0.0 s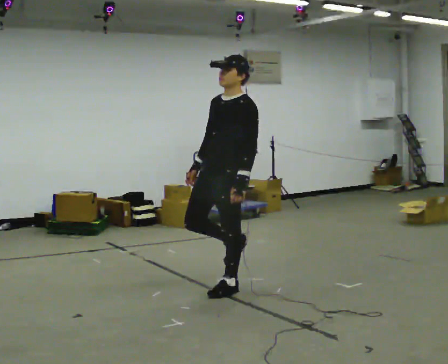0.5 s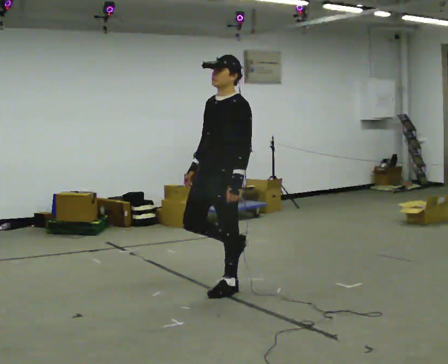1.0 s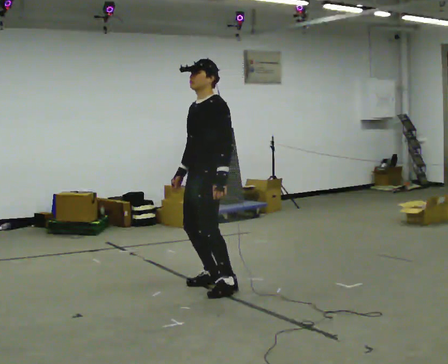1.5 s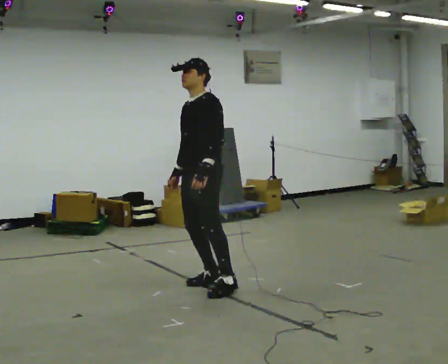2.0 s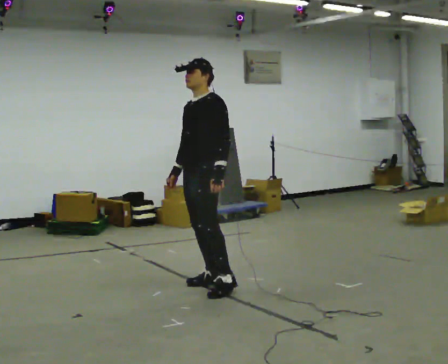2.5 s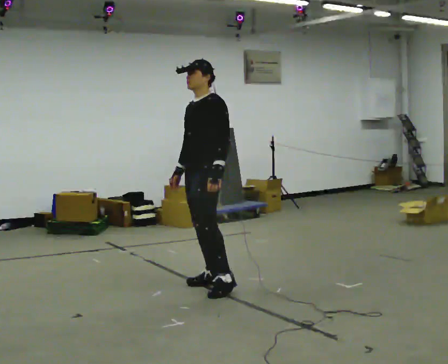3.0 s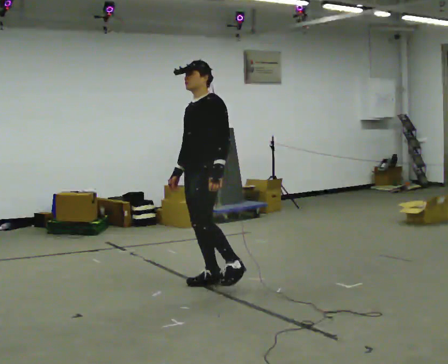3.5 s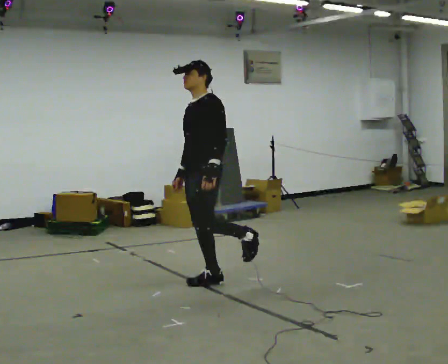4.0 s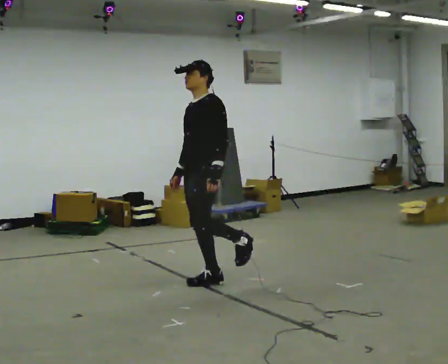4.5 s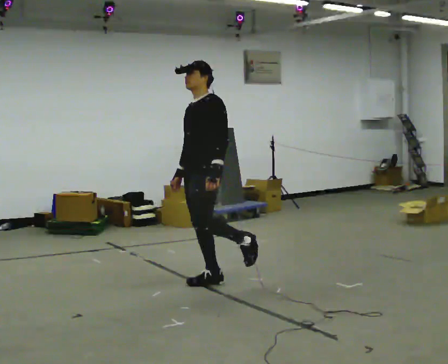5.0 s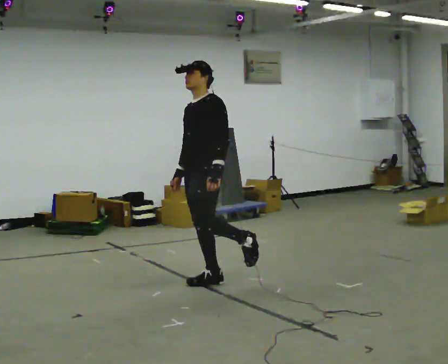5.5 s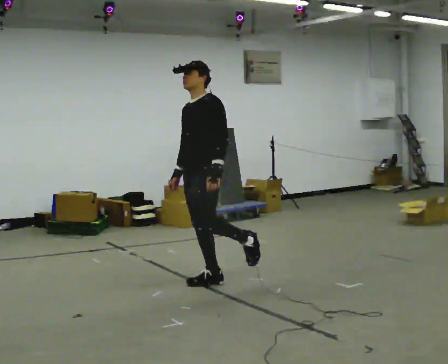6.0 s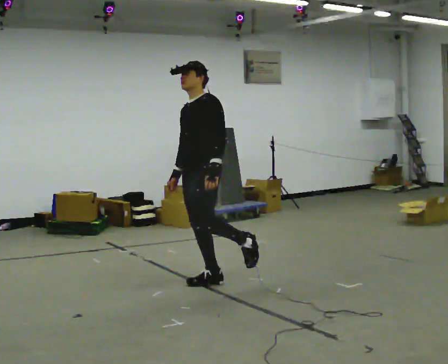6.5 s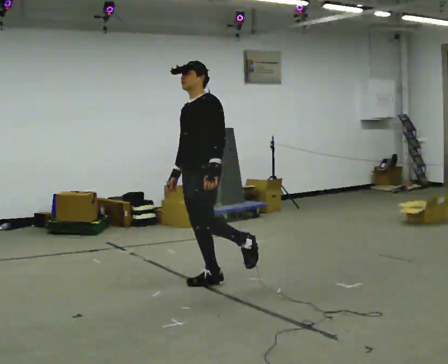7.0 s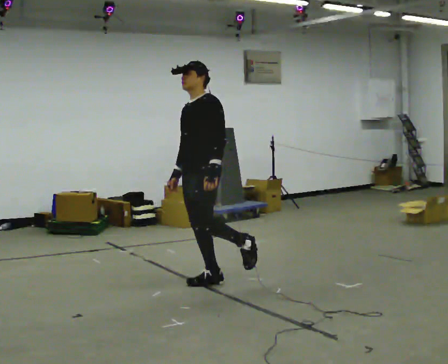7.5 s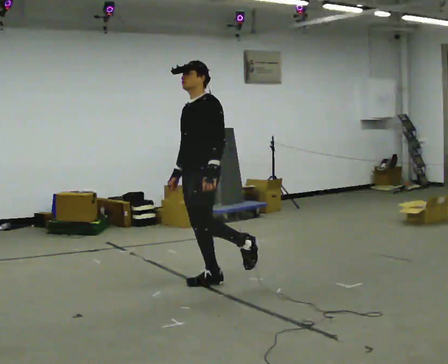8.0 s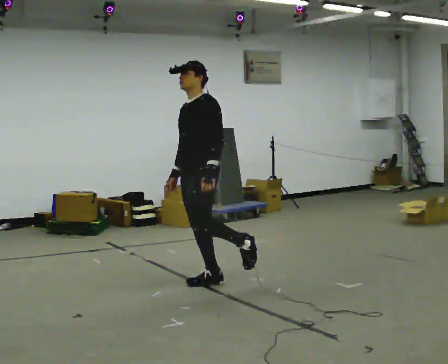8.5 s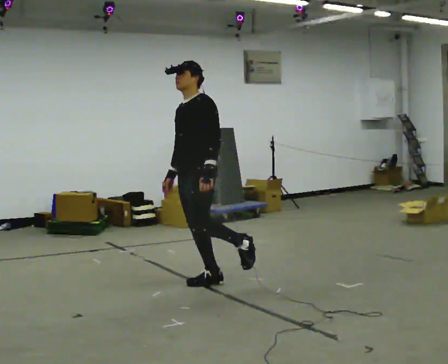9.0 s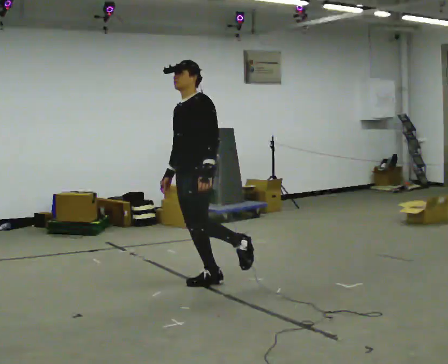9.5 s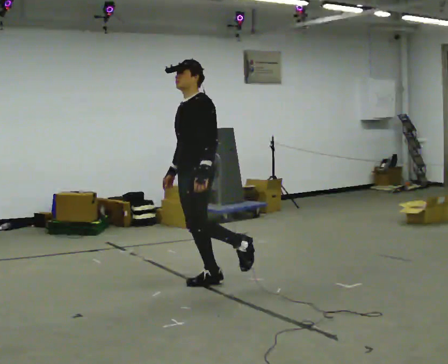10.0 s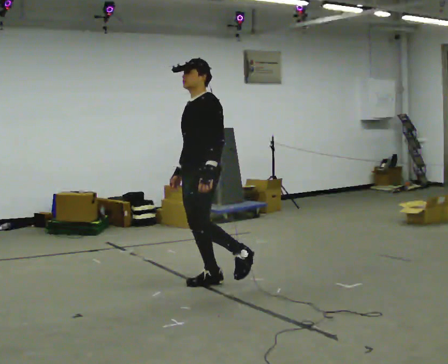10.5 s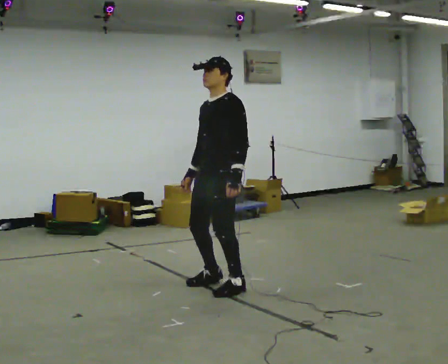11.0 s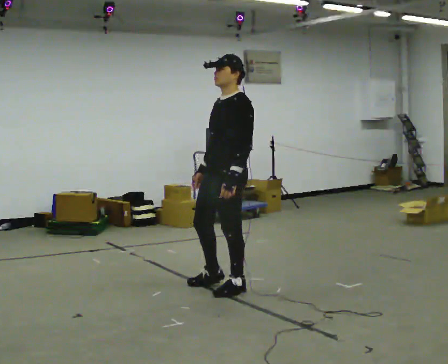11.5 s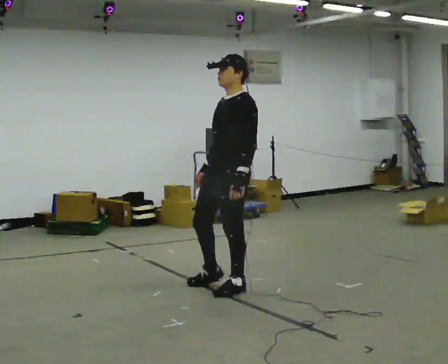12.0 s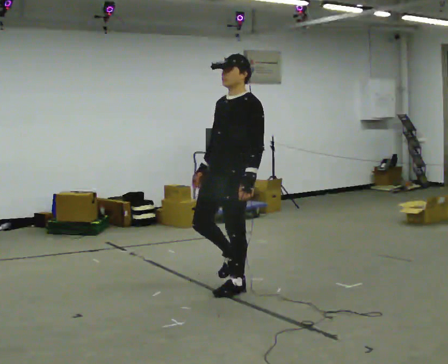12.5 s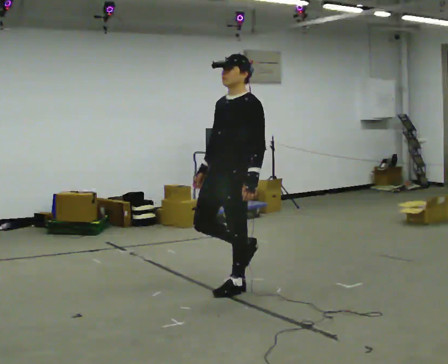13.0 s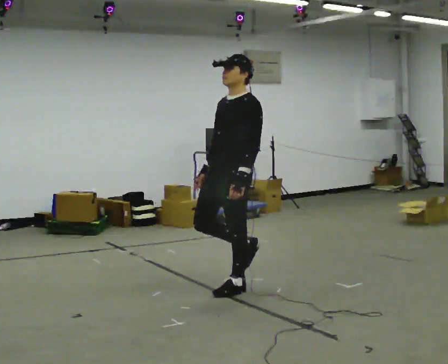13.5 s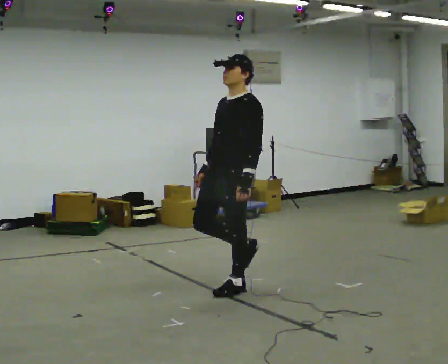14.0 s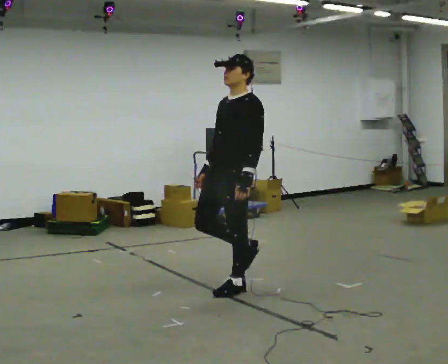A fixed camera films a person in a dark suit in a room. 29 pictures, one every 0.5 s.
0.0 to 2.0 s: In the picture they go away from the camera and to the left, about 0.25 m in 1 step, which for them is to their right.
2.0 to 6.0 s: The person moves a little, or ends about where they began.
6.0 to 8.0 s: The person keeps their place and pose.
8.0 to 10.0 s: The person moves a little, or ends about where they began.
10.0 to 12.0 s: In the picture they go to the right and toward the camera, about 0.25 m in 1 step, which for them is to their left.
12.0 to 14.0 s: The person moves a little, or ends about where they began.
The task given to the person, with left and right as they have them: Stand on one foot on the marked spot, on the side the operator calls. Hold it until you genuinely lose your balance, then put the other foot down. Repeat at your own pace until the operator says stop. Go slowly and only as far as you are comfortable. Step whenever you need to; do not try to hold on longer than feels safe.
The film runs forward here.
